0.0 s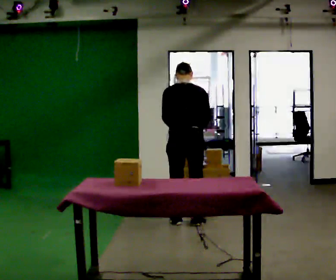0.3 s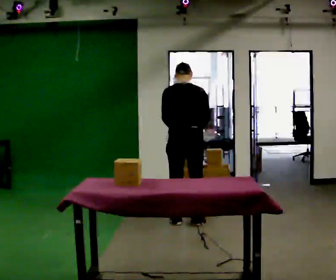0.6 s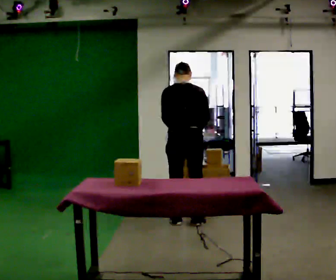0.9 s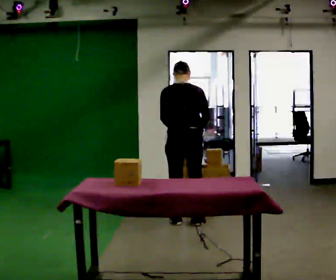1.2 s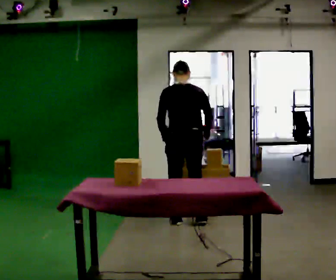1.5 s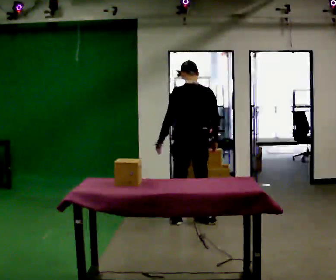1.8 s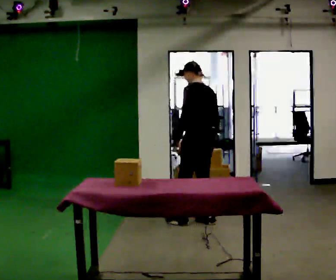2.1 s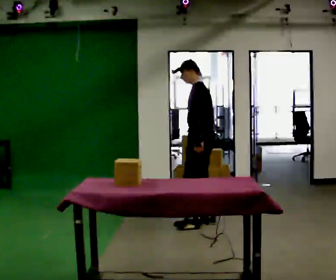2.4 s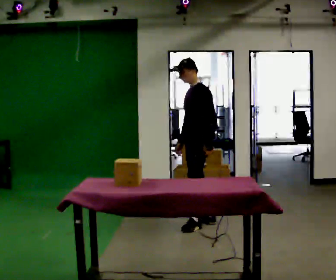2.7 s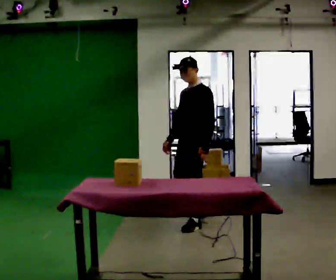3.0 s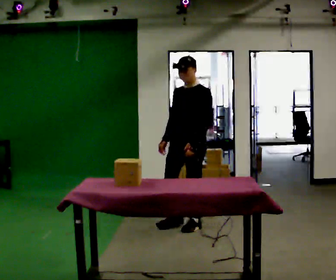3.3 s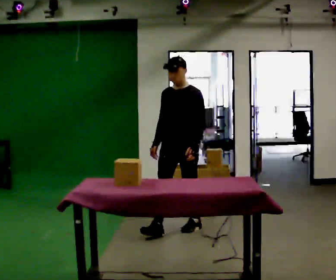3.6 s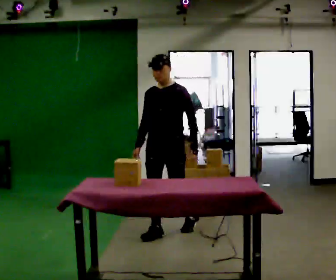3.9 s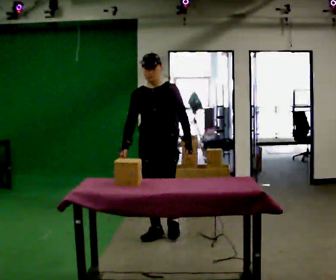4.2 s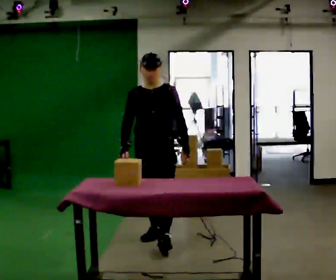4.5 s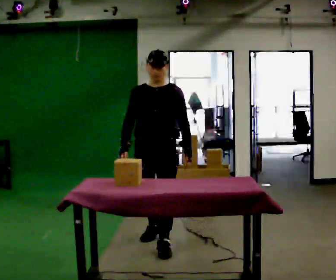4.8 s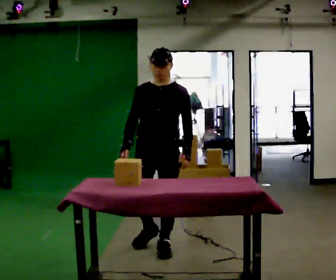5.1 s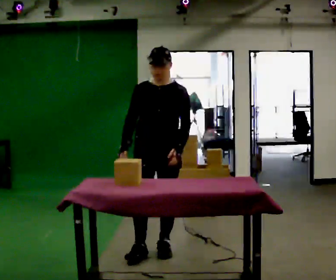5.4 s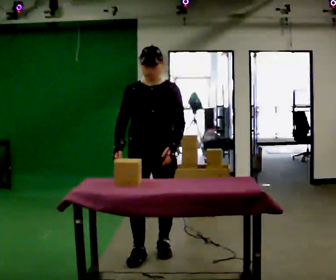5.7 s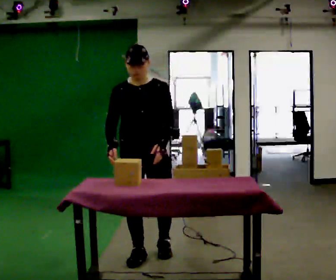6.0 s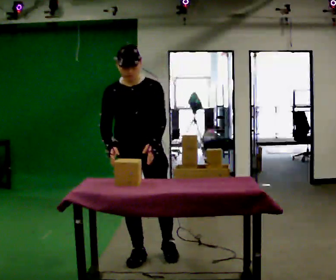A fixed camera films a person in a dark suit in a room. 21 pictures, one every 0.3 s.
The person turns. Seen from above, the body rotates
counterclockwise.
The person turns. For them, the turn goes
to their left.
0.0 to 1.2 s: The person moves a little, or ends about where they began.
1.2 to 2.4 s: The person turns about 105 degrees to their left, counterclockwise seen from above, so the part of the body nearest the lens slides to the right. In the picture their left hand goes to the right, the arm swinging counterclockwise.
2.4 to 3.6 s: The part of the body nearest the lens slides to the right as the person turns to their left by about 45 degrees. In the picture they go toward the camera and to the left, about 0.5 m in 1 step, which for them is forward.
3.6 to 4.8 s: In the picture they go toward the camera, about 0.5 m in 1 step, which for them is forward.
4.8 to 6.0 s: In the picture they go toward the camera, about 0.25 m in 1 step, which for them is forward and to their right.
The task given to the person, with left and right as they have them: Clear everything off the table and put it away on the shelf, in as many trips as you need. Keep going until the operator says stop; one object at a time, and do not rush between trips.
The film runs forward here.
